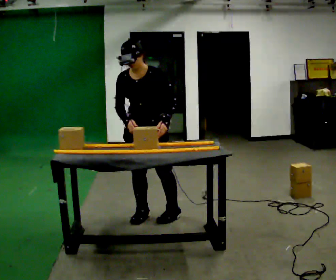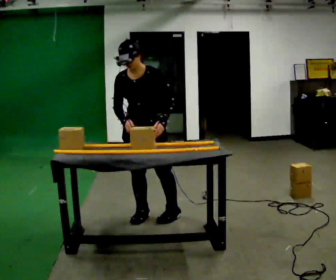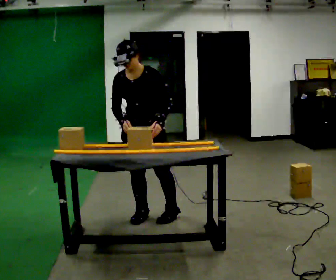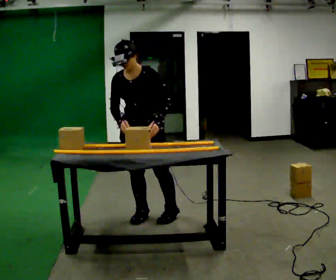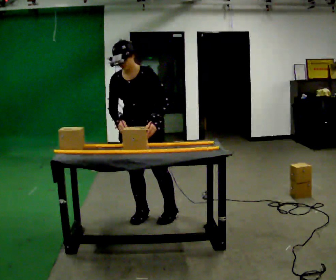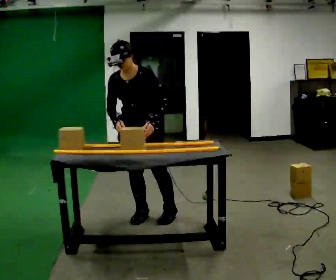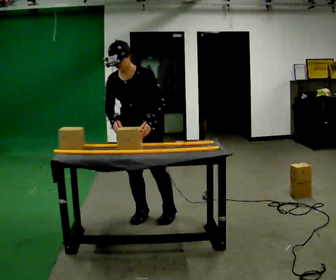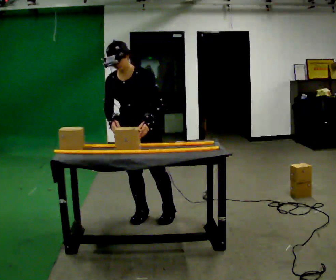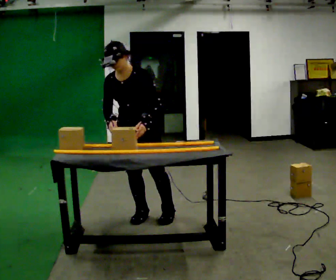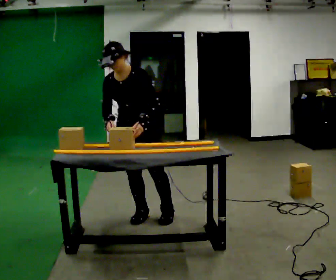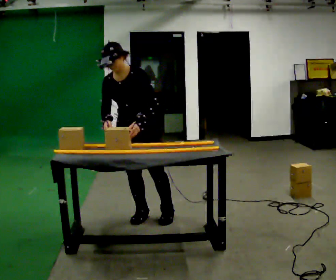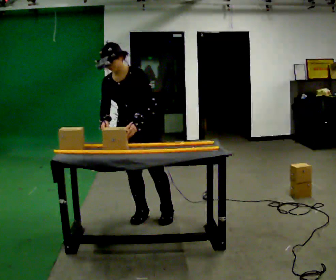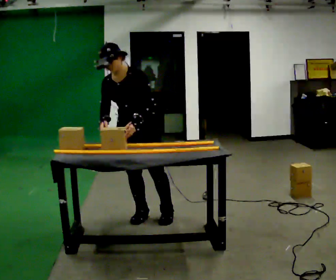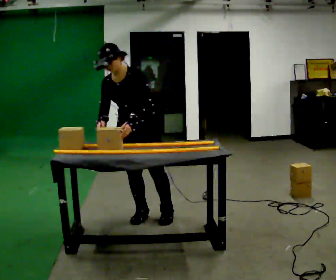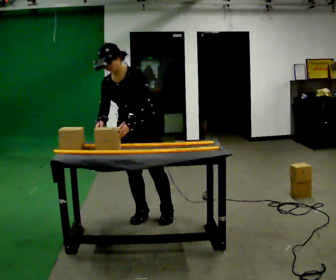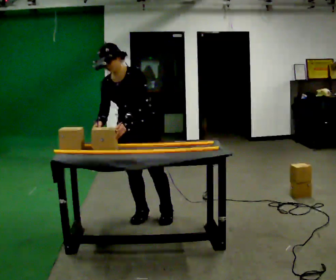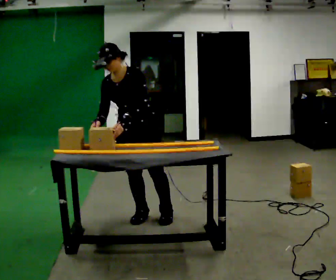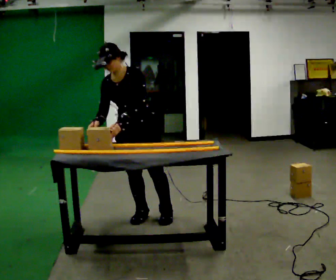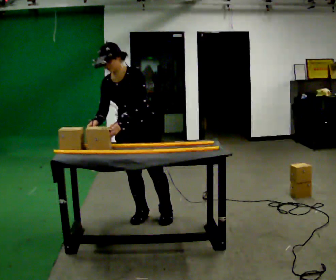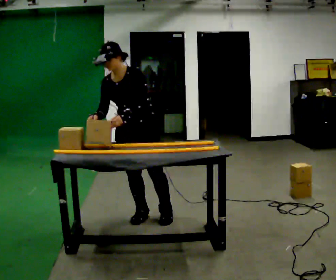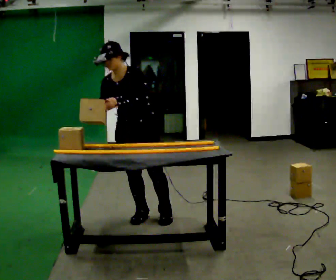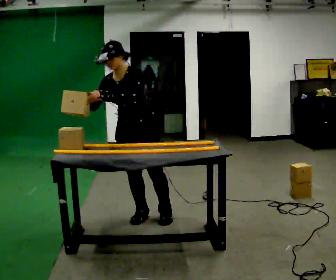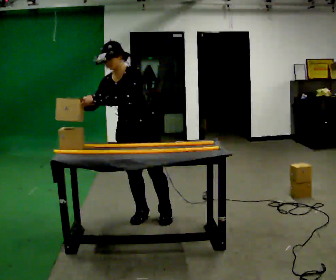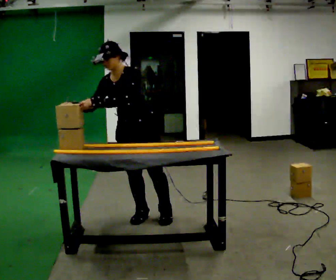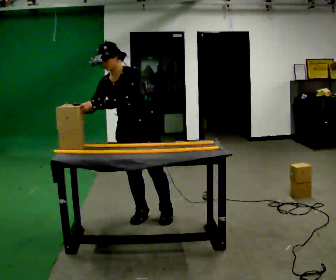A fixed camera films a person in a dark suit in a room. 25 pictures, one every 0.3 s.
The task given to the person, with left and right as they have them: Slide the object into the slot on the shelf in front of you. It is a close fit, so take the time you need. Repeat at your own pace until the operator says stop. Keep both feet on the marked spots for the whole take. If you have to step, stop and tell the operator.
0.0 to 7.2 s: In the picture the upper body tilts counterclockwise, shoulders to the left. In the picture their left hand goes to the left.
The film runs forward here.
